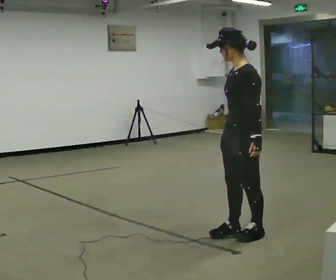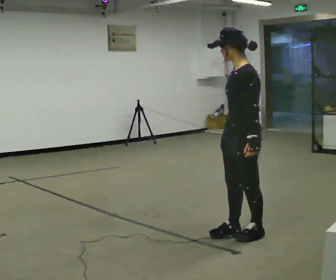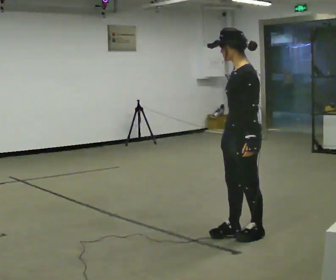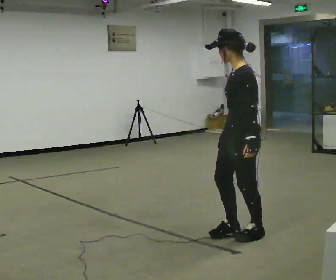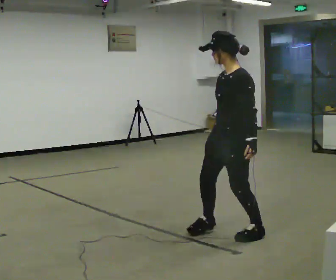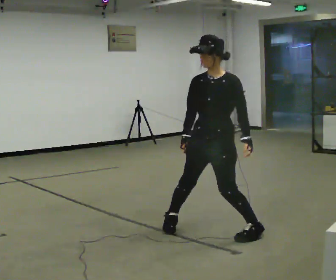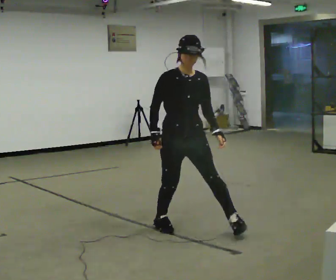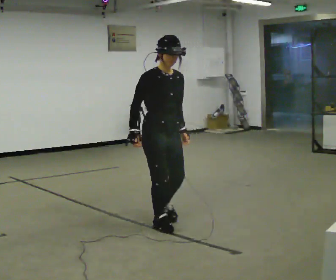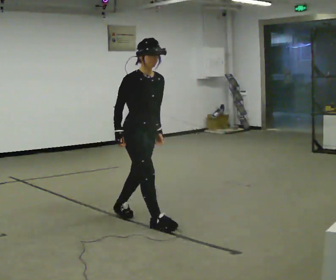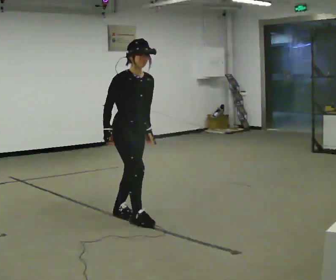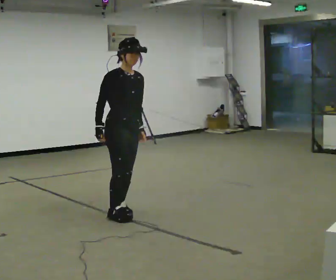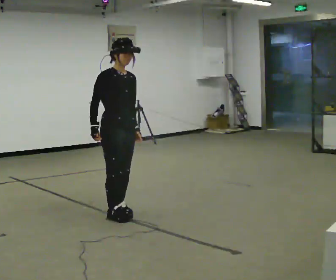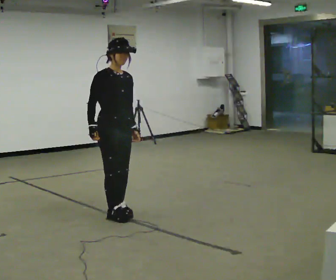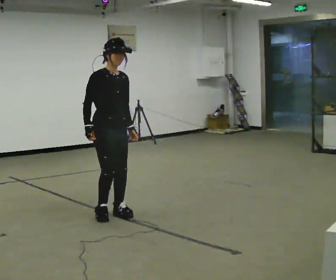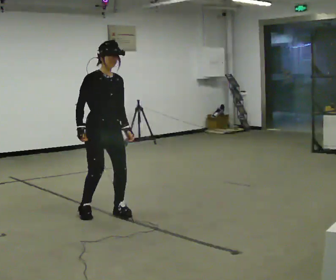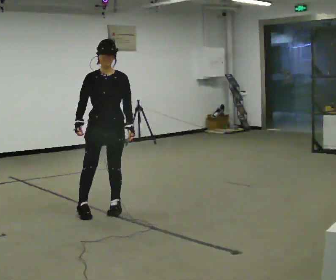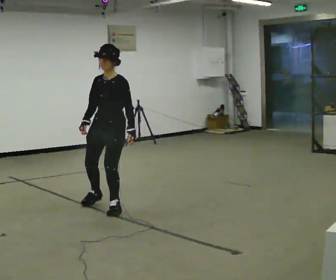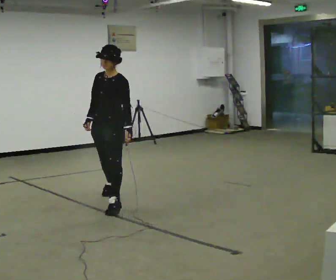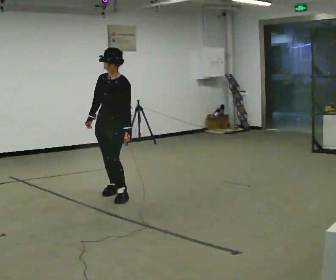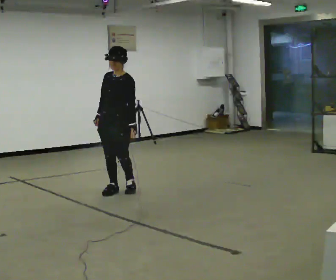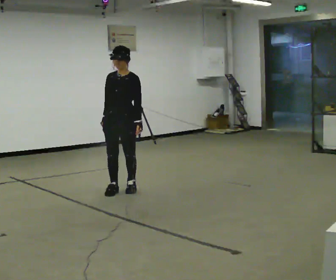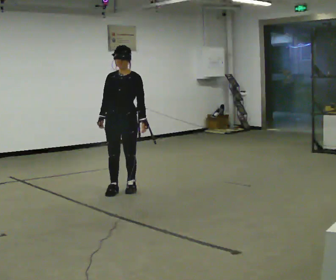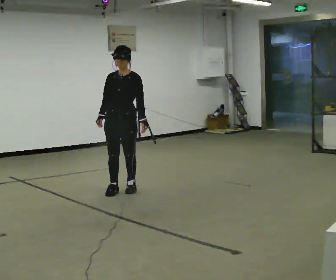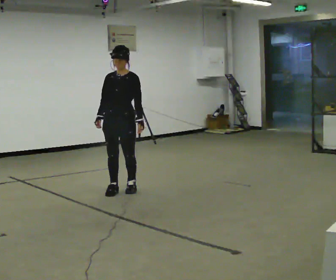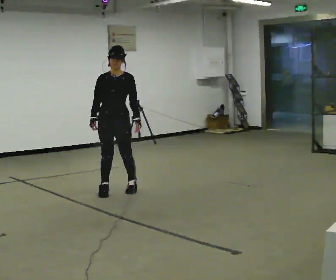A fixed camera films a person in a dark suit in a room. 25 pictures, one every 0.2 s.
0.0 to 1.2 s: The part of the body nearest the lens slides to the right as the person turns to their left by about 90 degrees. In the picture they go to the left and away from the camera, about 0.5 m in 1 step.
1.2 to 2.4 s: The part of the body nearest the lens slides to the right as the person turns to their left by about 30 degrees. In the picture they go away from the camera and to the left, about 1 m in 2 steps, which for them is backward.
2.4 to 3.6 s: The part of the body nearest the lens slides to the left as the person turns to their right by about 75 degrees. In the picture they go away from the camera, about 1 m in 2 steps.
3.6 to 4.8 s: Seen from above the body turns counterclockwise, about 45 degrees: to their left, with its near side sliding to the right. In the picture they go away from the camera, about 0.25 m in 1 step, which for them is backward.
The film runs forward here.
